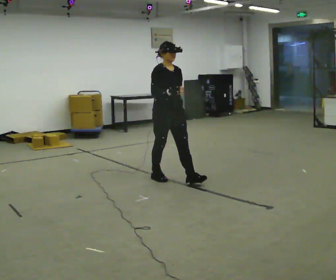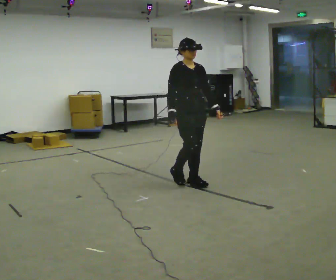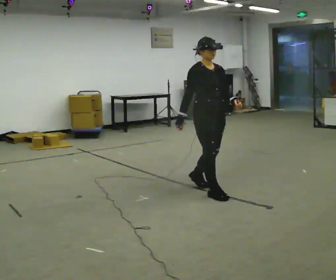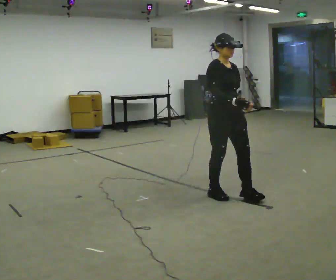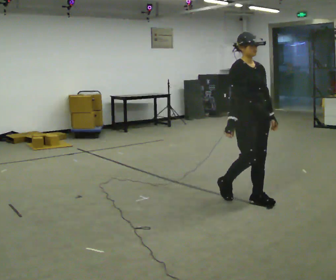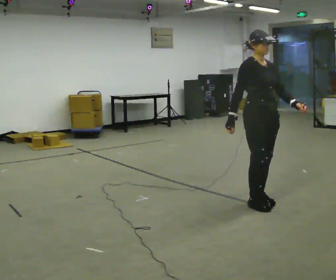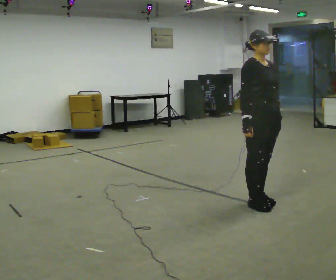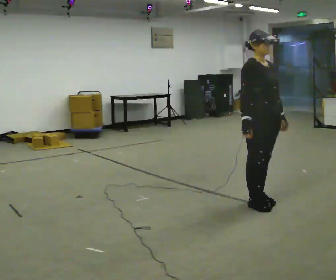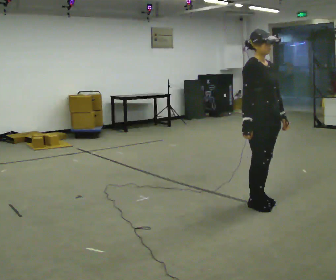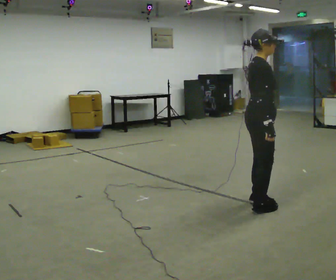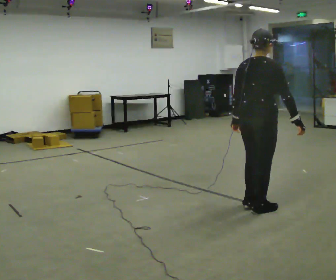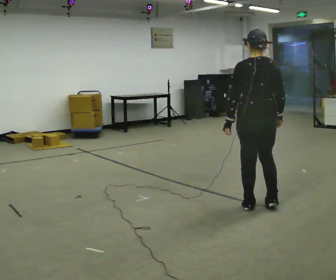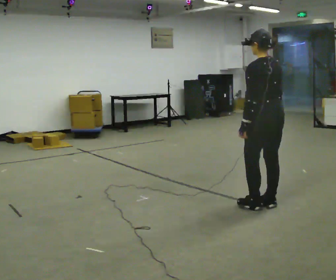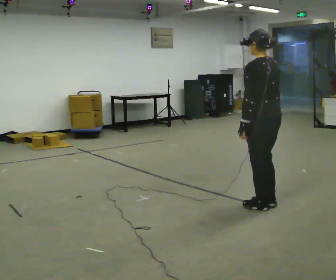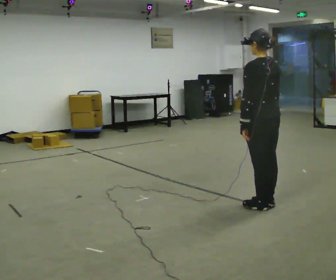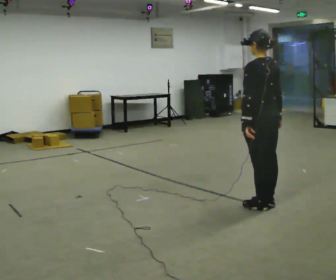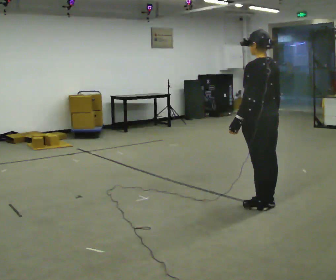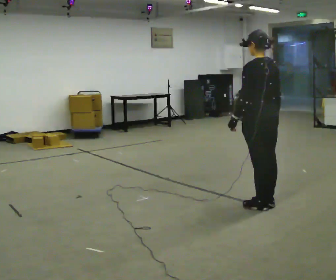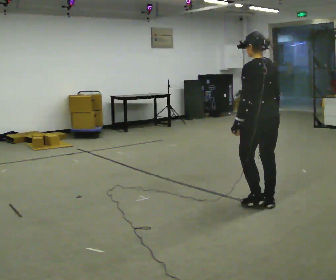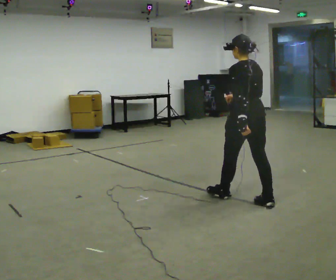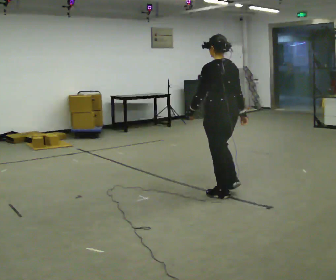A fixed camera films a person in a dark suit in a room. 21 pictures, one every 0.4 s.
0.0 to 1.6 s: In the picture they go to the right and toward the camera, about 1 m in 3 steps, which for them is forward.
1.6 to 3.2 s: The person moves a little, or ends about where they began.
3.2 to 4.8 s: Seen from above the body turns counterclockwise, about 165 degrees: to their left, with its near side sliding to the right.
4.8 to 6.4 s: The person moves a little, or ends about where they began.
6.4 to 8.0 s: In the picture they go to the left and away from the camera, about 0.5 m in 1 step, which for them is forward.
The film runs forward here.
